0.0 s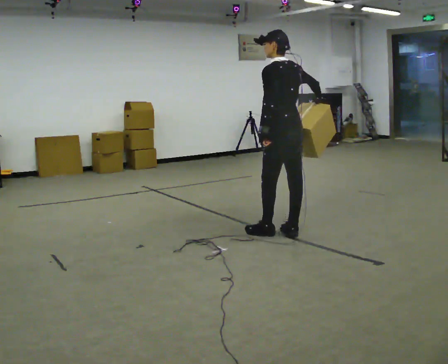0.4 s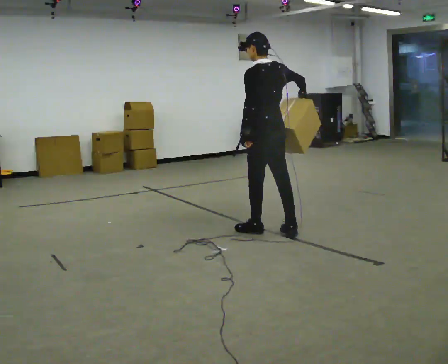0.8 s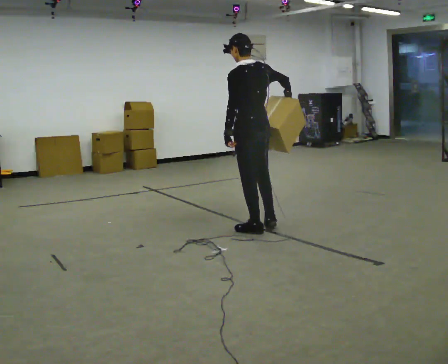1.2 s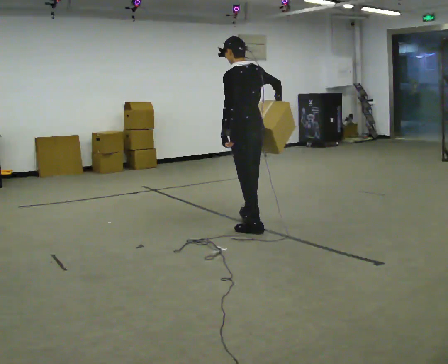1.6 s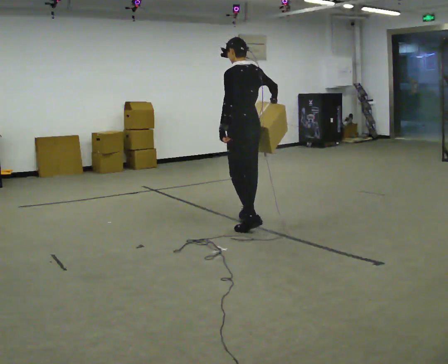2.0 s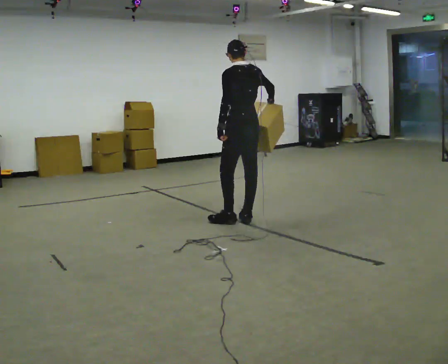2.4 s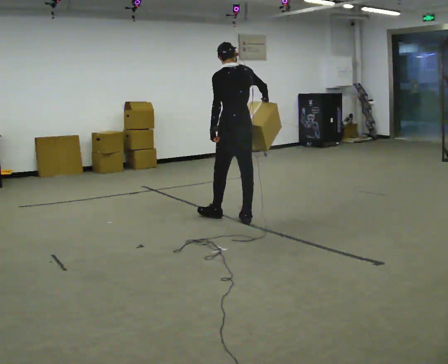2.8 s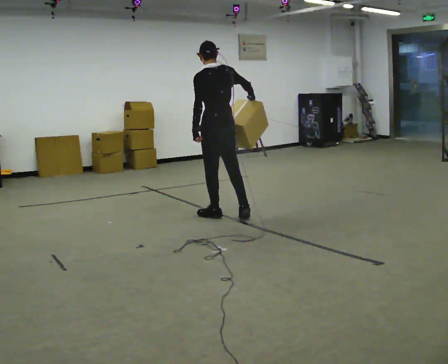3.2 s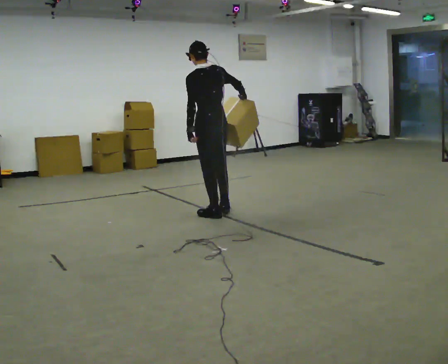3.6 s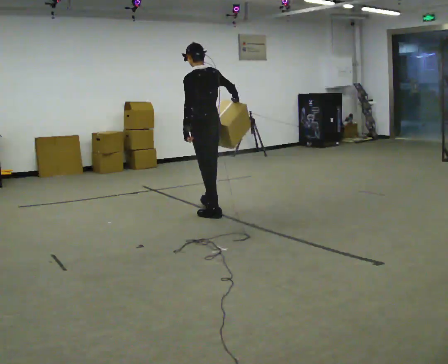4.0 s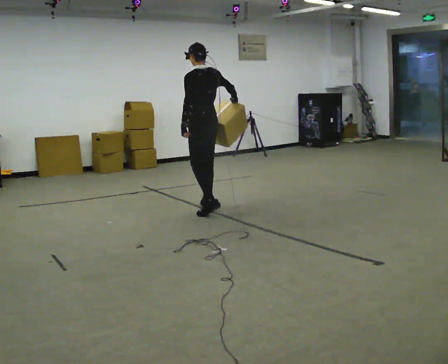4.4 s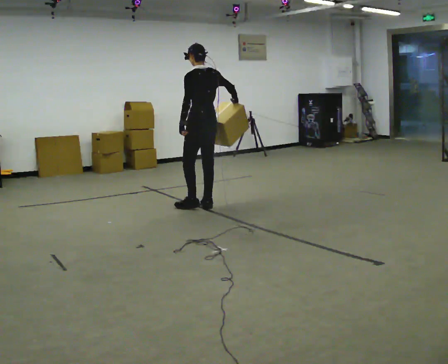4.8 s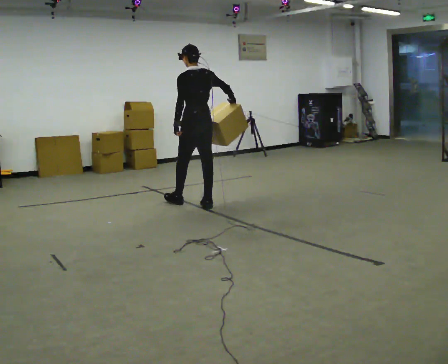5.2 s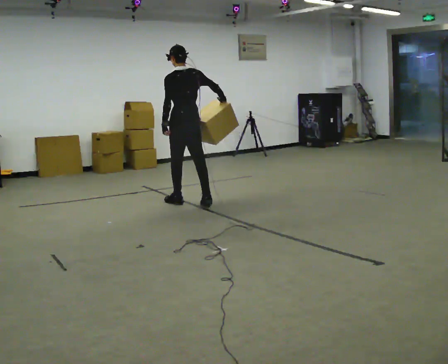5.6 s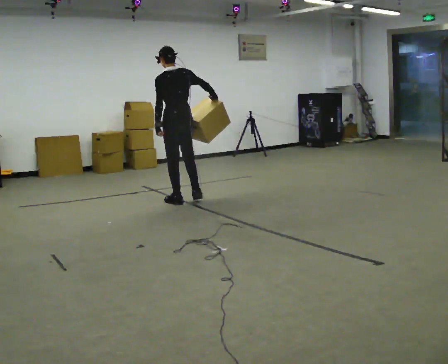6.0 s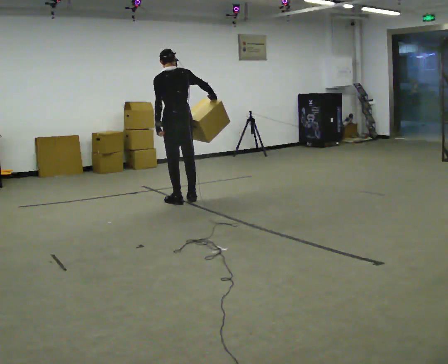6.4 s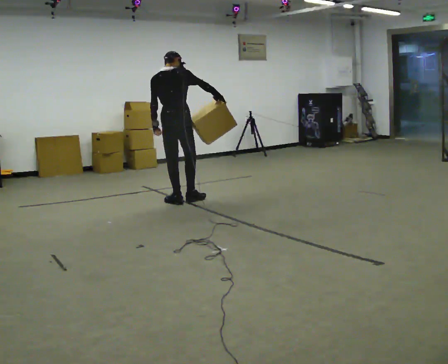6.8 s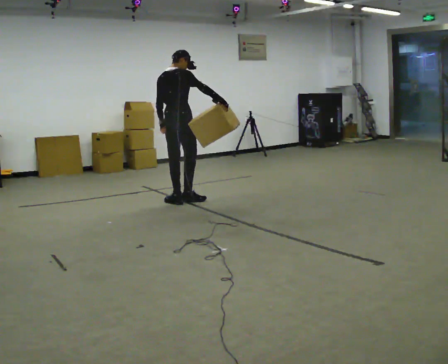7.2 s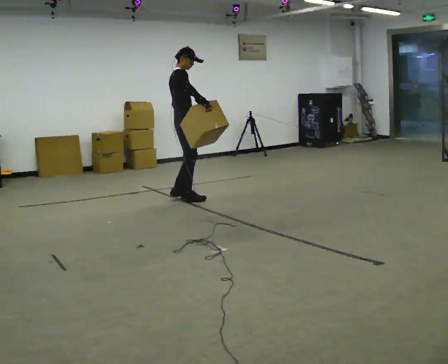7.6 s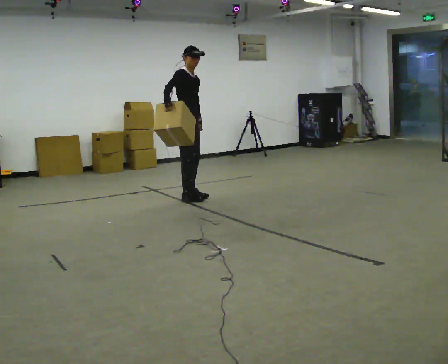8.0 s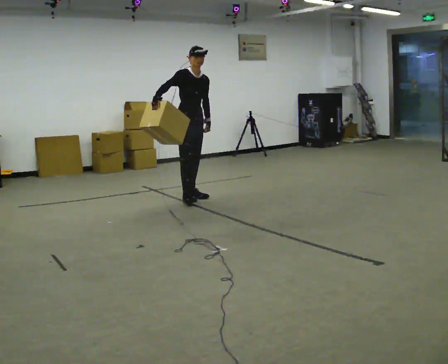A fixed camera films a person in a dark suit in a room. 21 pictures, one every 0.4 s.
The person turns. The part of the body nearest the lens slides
to the left.
The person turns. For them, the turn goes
to their right.
0.0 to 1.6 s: In the picture they go away from the camera and to the left, about 0.5 m in 2 steps, which for them is forward.
1.6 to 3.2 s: In the picture they go to the left and away from the camera, about 0.5 m in 1 step, which for them is forward.
3.2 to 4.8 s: In the picture they go away from the camera, about 0.5 m in 2 steps, which for them is forward and to their right.
4.8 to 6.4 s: The person turns about 30 degrees to their right, clockwise seen from above, so the part of the body nearest the lens slides to the left. In the picture they go to the left, about 0.25 m in 1 step, which for them is forward and to their left.
6.4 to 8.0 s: The part of the body nearest the lens slides to the left as the person turns to their right by about 135 degrees. In the picture they go away from the camera, about 0.25 m in 1 step. In the picture the upper body tilts clockwise, shoulders to the right. In the picture their right hand goes to the left.
The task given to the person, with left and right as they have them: Hold the object against your hip on the side the operator calls, and carry it back and forth across the room.
The film runs forward here.
